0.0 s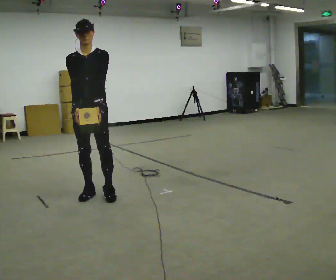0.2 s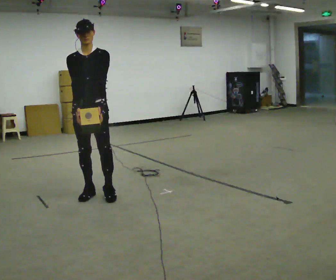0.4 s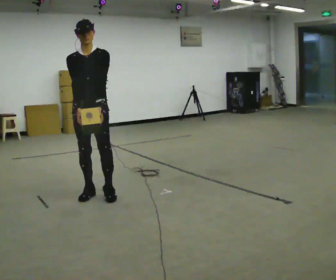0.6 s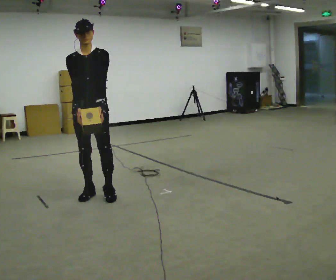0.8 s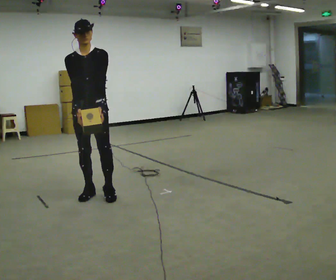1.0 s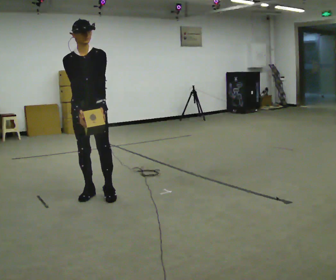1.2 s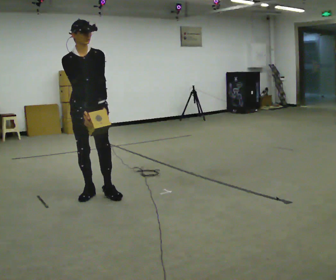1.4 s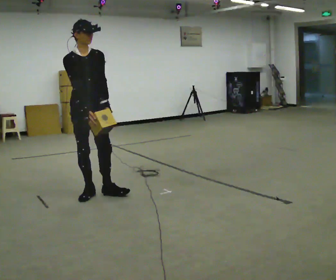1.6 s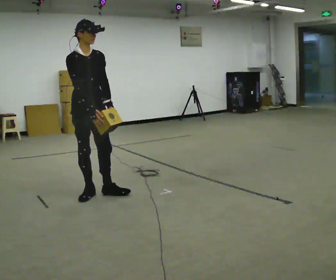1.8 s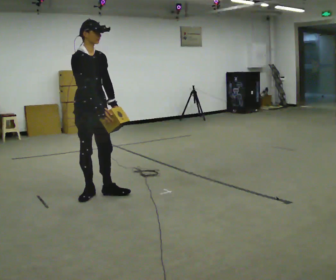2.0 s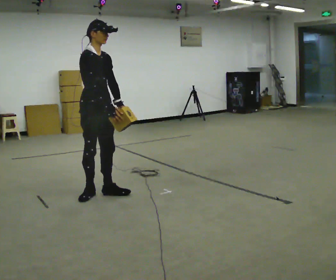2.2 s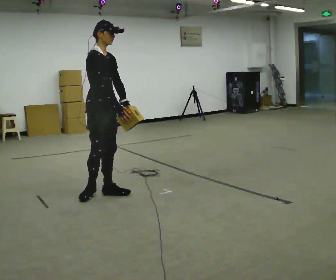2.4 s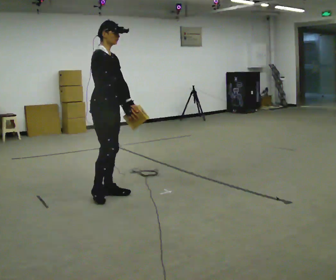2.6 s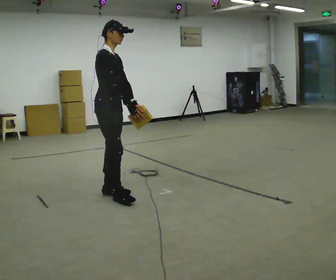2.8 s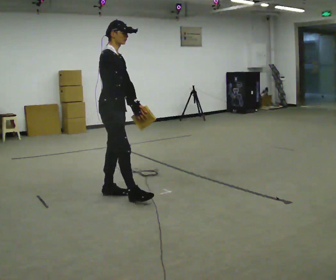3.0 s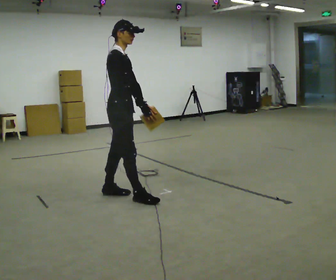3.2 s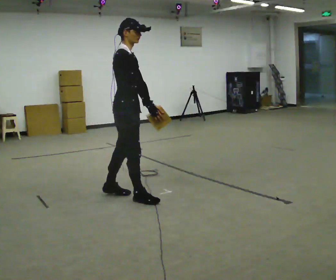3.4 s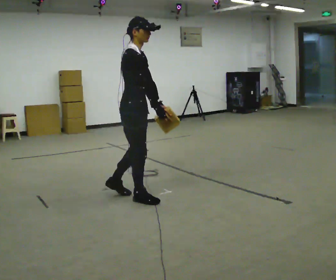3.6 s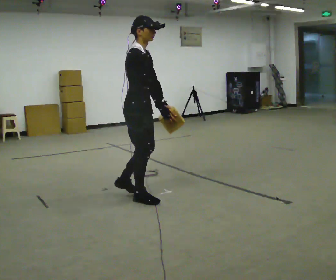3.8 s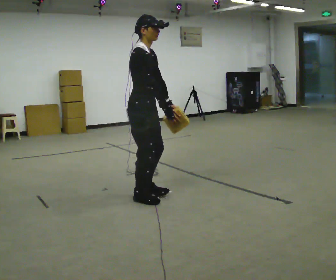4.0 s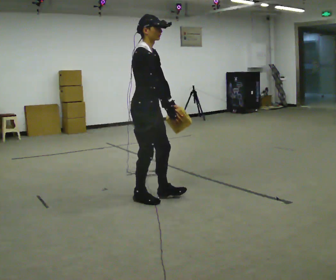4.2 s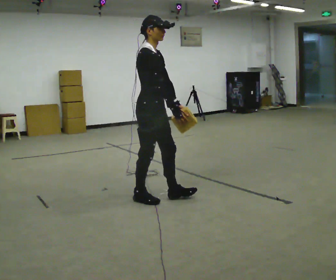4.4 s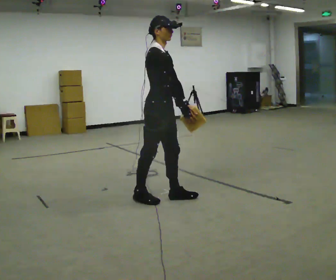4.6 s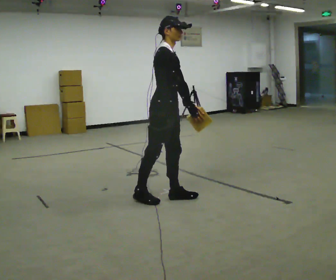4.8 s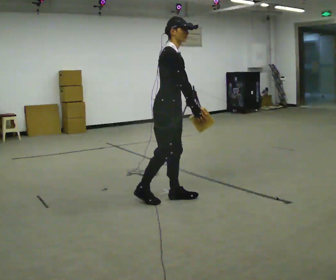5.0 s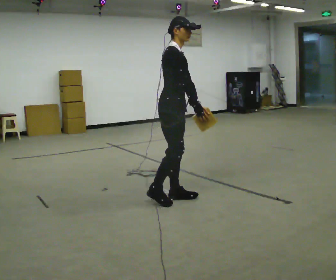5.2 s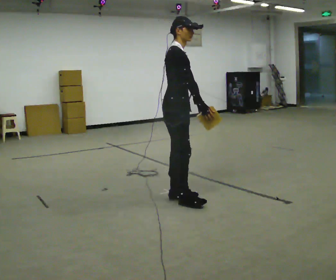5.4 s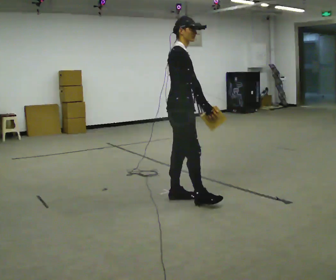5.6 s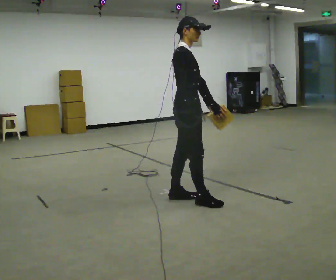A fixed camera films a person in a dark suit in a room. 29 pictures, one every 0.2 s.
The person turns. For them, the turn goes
to their left.
The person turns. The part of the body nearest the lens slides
to the right.
0.0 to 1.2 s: The person moves a little, or ends about where they began.
1.2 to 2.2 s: The person turns about 45 degrees to their left, counterclockwise seen from above, so the part of the body nearest the lens slides to the right. In the picture their right hand goes to the right.
2.2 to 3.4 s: In the picture they go to the right and toward the camera, about 0.5 m in 1 step, which for them is forward and to their right.
3.4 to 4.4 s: In the picture they go to the right, about 0.25 m in 1 step, which for them is forward.
4.4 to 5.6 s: In the picture they go to the right, about 0.25 m in 1 step, which for them is forward.
The film runs forward here.
